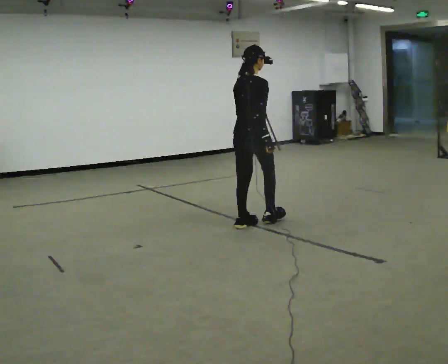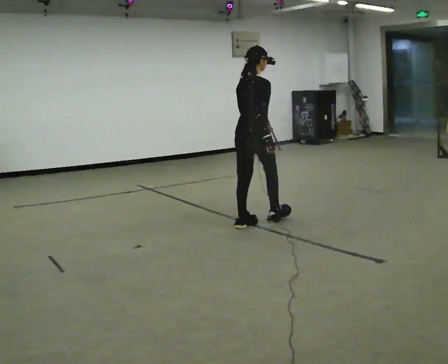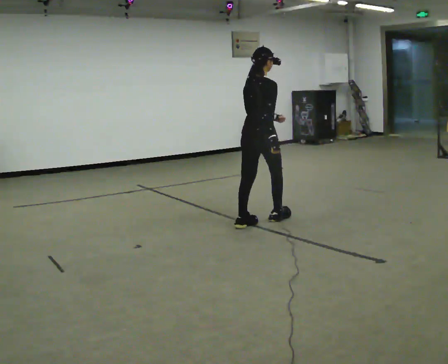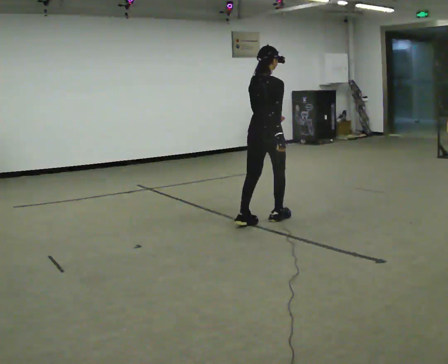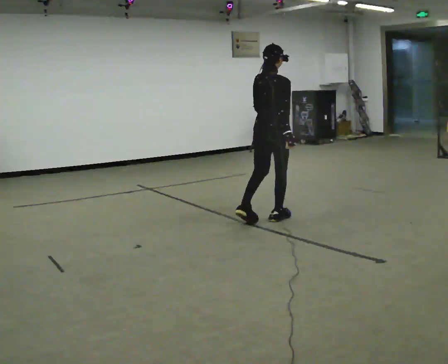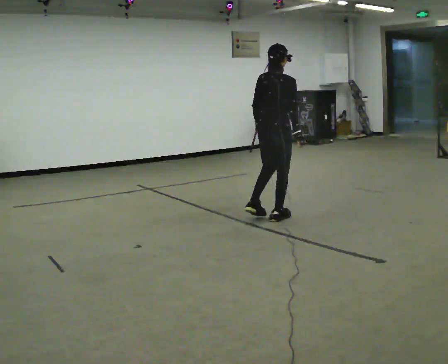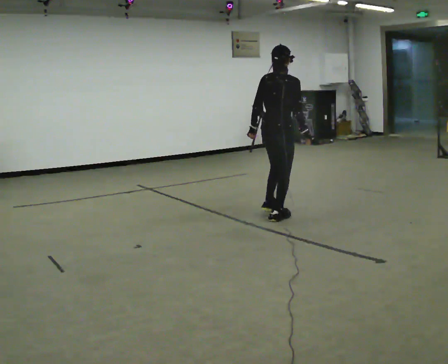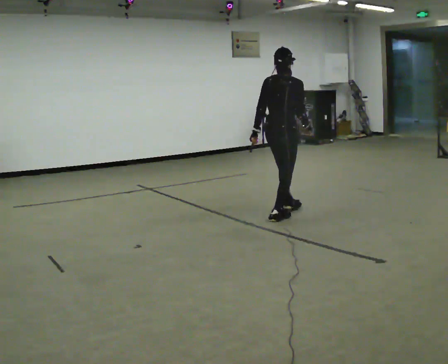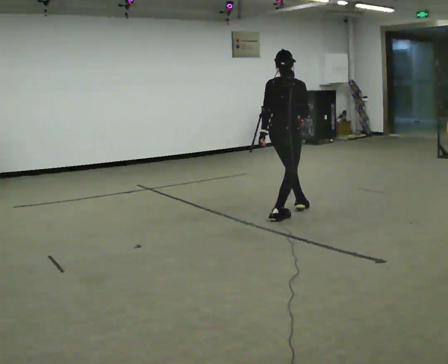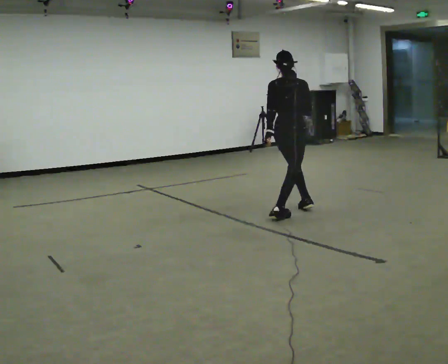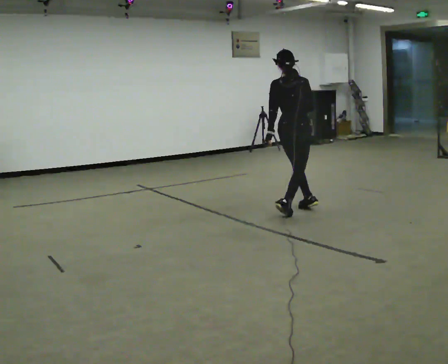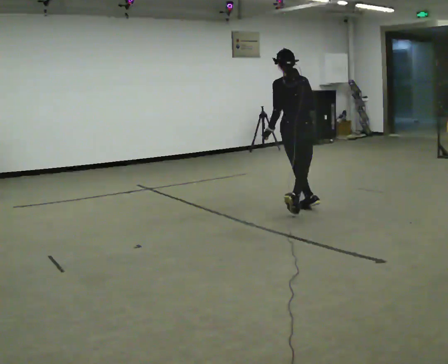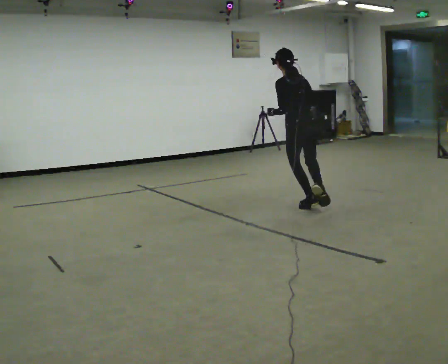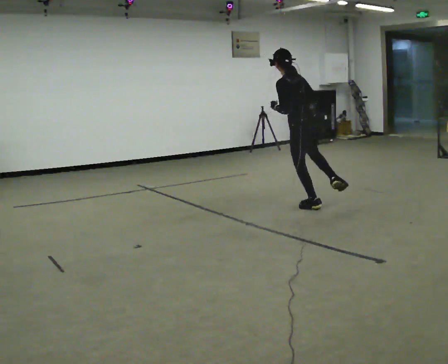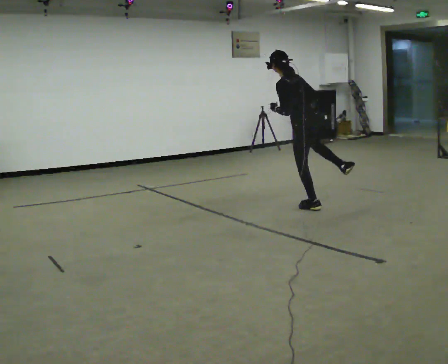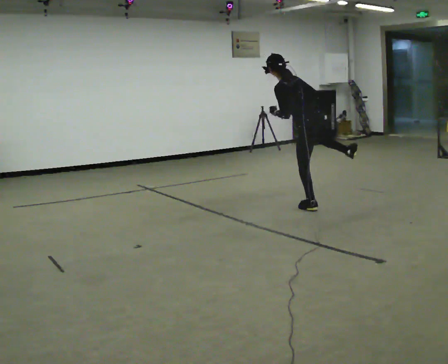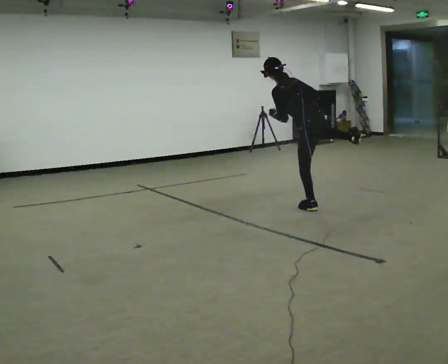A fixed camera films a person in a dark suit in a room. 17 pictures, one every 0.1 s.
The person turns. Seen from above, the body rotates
counterclockwise.
The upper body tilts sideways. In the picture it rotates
counterclockwise.
0.0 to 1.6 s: The person turns about 90 degrees to their left, counterclockwise seen from above, so the part of the body nearest the lens slides to the right. In the picture they go to the right and away from the camera, about 1 m in 2 steps. In the picture the upper body tilts counterclockwise, shoulders to the left.
The film runs backward here.
